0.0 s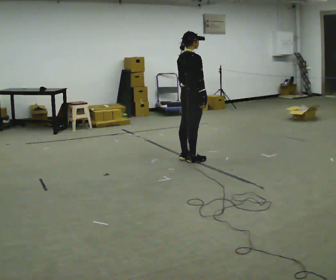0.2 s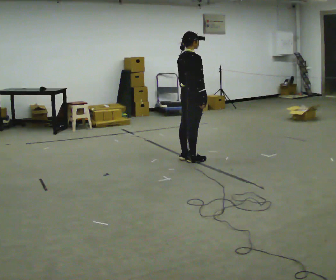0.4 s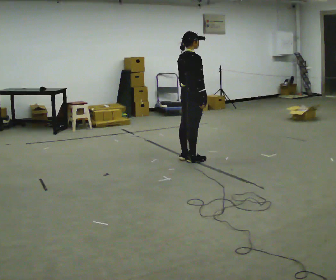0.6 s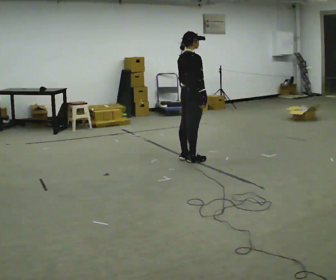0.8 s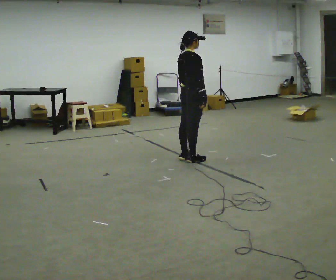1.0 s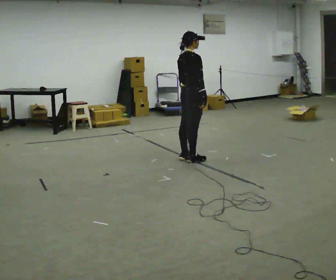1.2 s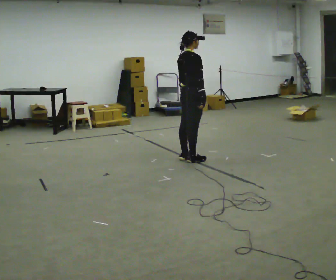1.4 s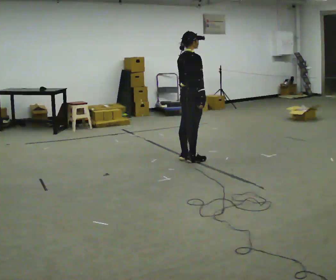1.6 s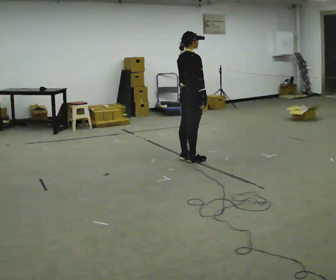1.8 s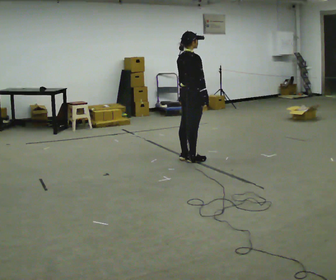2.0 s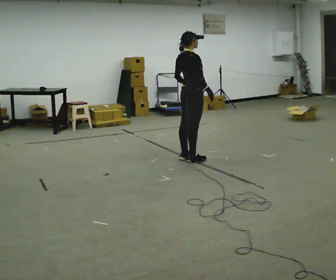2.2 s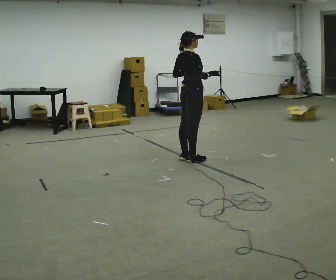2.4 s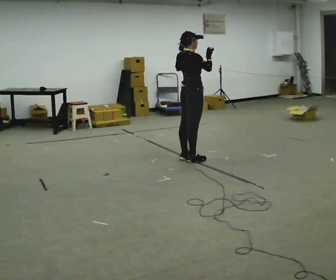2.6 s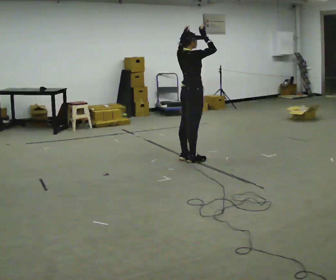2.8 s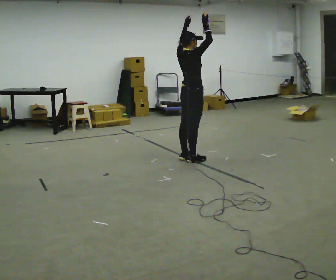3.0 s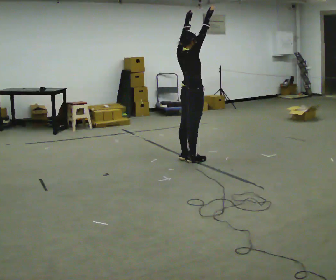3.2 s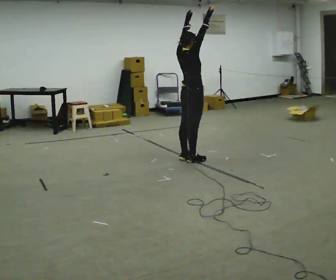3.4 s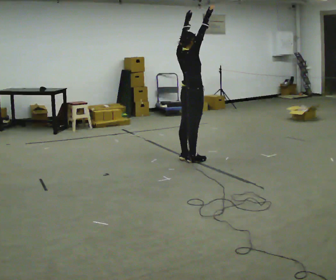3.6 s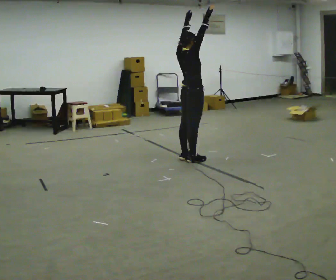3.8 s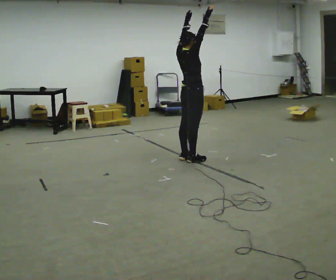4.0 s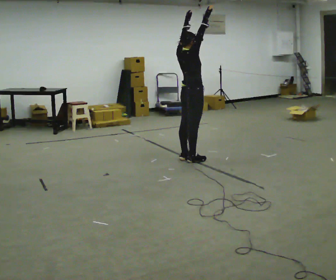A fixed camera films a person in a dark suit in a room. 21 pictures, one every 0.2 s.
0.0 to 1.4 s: The person keeps their place and pose.
1.4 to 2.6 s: In the picture their left hand goes upward.
2.6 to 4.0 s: The person moves a little, or ends about where they began.
The film runs backward here.
